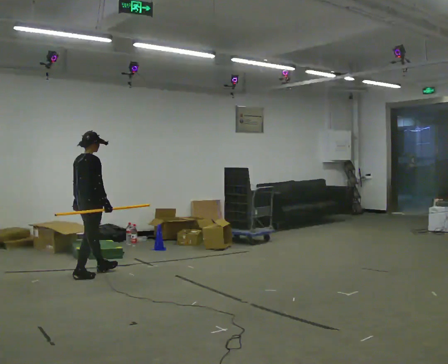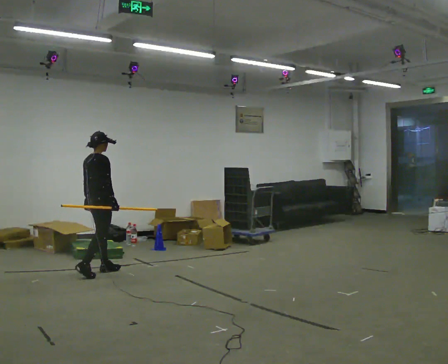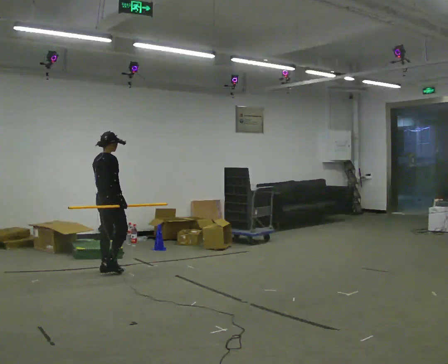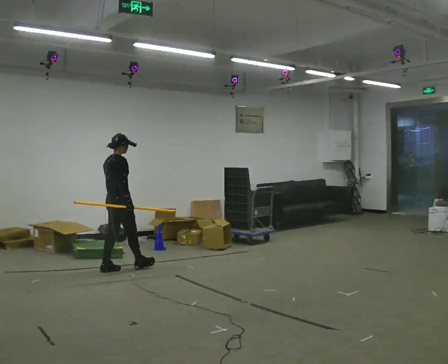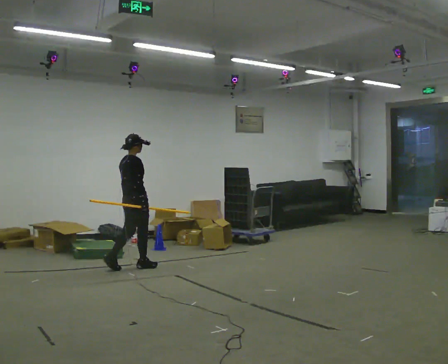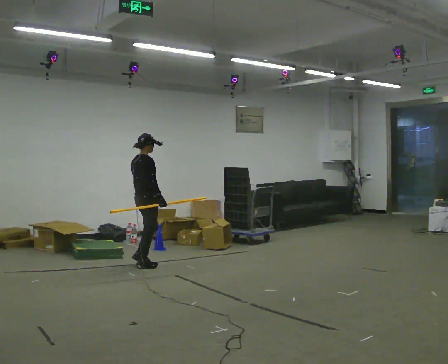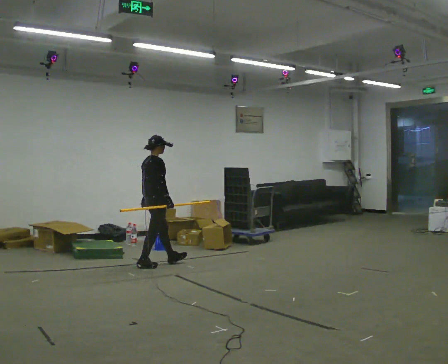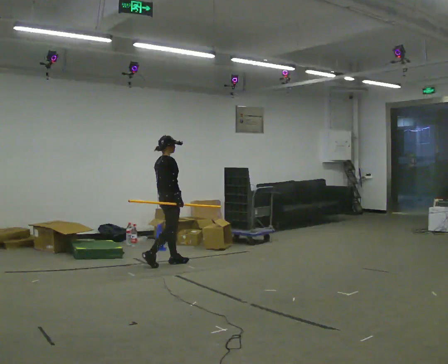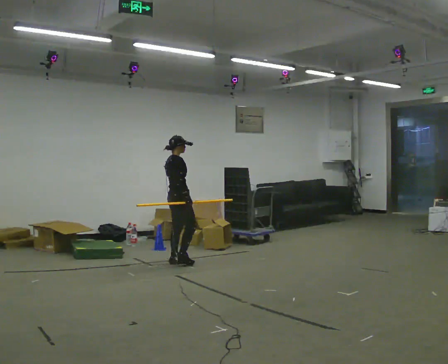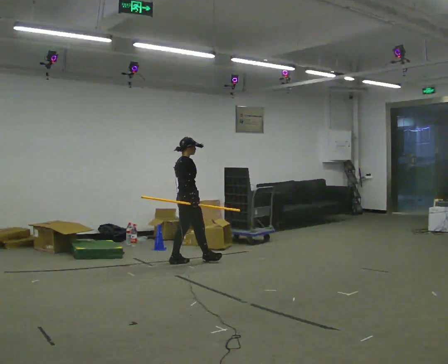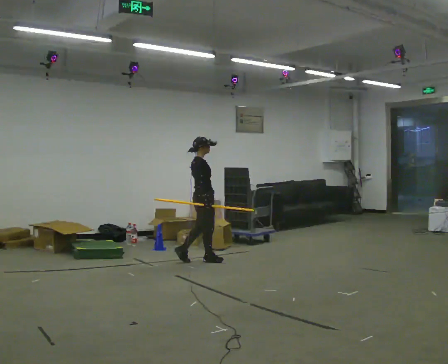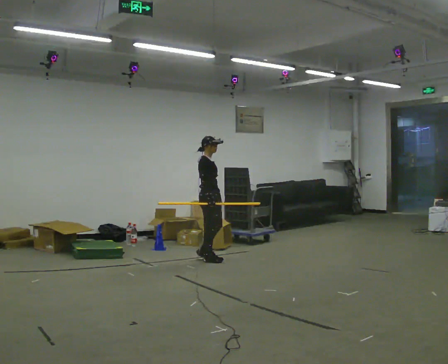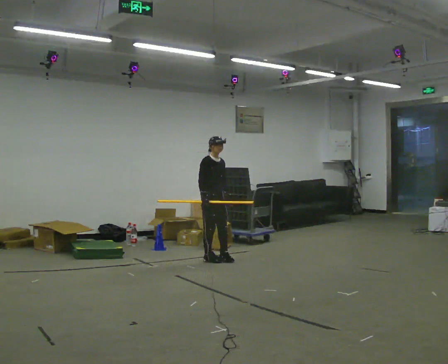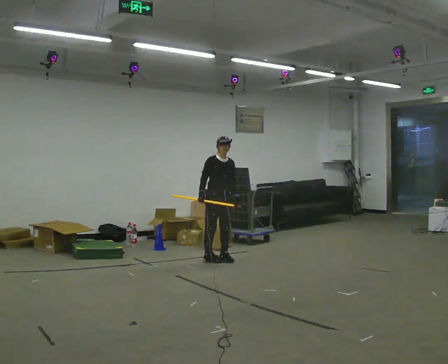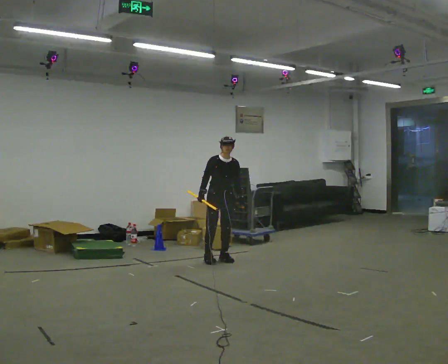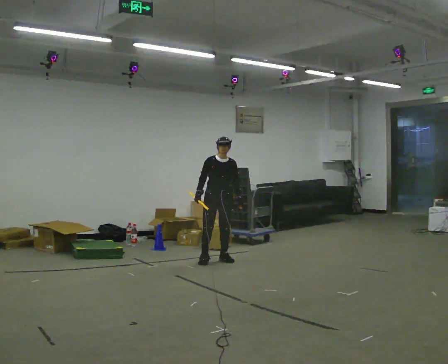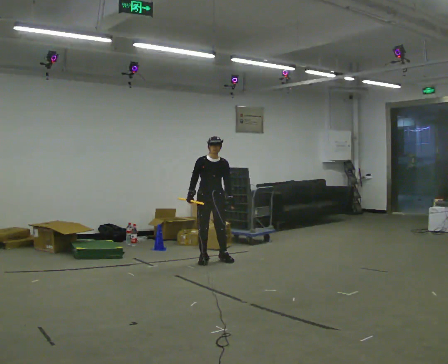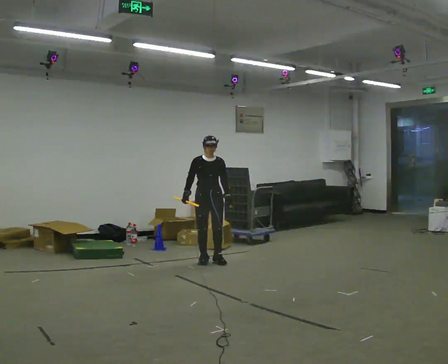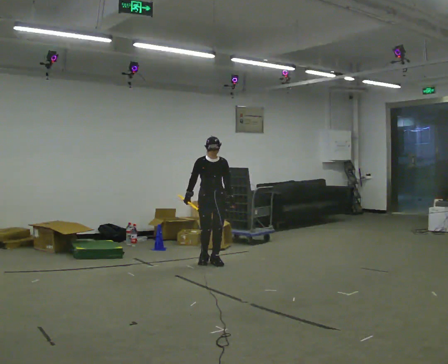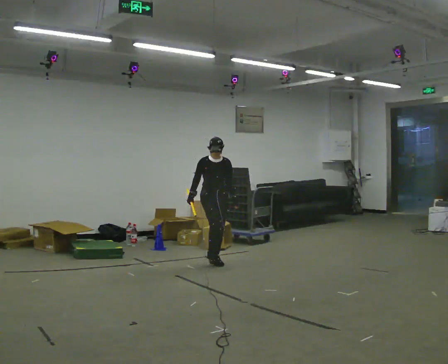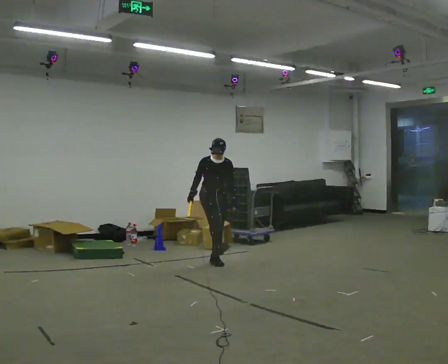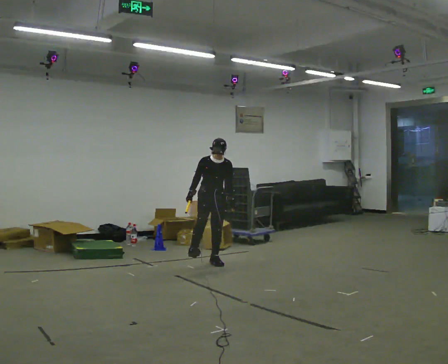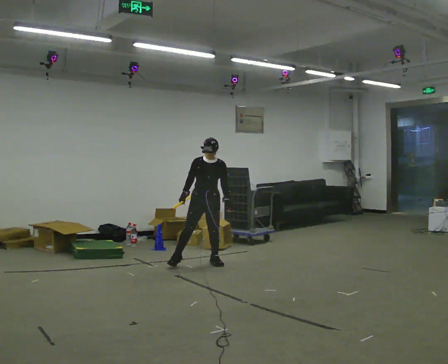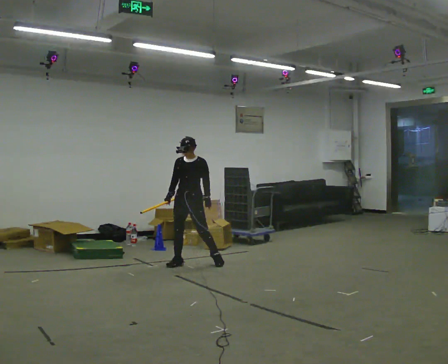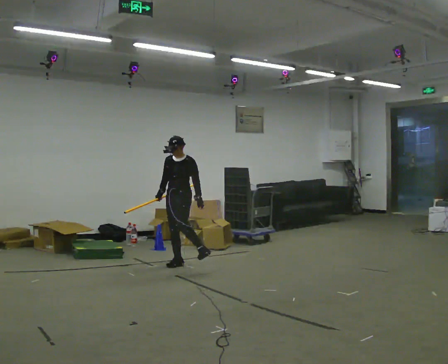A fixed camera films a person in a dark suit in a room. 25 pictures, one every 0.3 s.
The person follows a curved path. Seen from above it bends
clockwise.
The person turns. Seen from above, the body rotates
clockwise.
0.0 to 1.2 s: In the picture they go away from the camera and to the right, about 0.75 m in 1 step, which for them is forward.
1.2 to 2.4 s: In the picture they go to the right and away from the camera, about 0.5 m in 1 step, which for them is forward.
2.4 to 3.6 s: Seen from above the body turns clockwise, about 75 degrees: to their right, with its near side sliding to the left. In the picture they go to the right and away from the camera, about 0.5 m in 2 steps.
3.6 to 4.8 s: The part of the body nearest the lens slides to the left as the person turns to their right by about 30 degrees.
4.8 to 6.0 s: The person moves a little, or ends about where they began.
6.0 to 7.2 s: Seen from above the body turns clockwise, about 45 degrees: to their right, with its near side sliding to the left. In the picture they go to the left and toward the camera, about 0.5 m in 1 step, which for them is to their right and forward.
The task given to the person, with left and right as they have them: Carry the long object across the room and around the corner, turning without hitting anything. Keep going until the operator says stop; one object at a time, and do not rush between trips.
The film runs forward here.
